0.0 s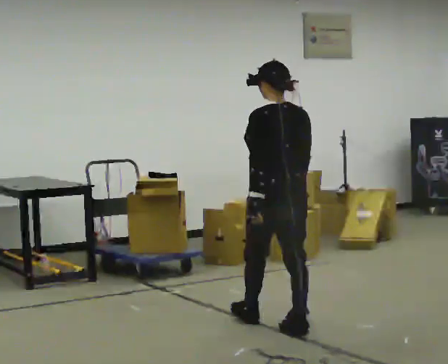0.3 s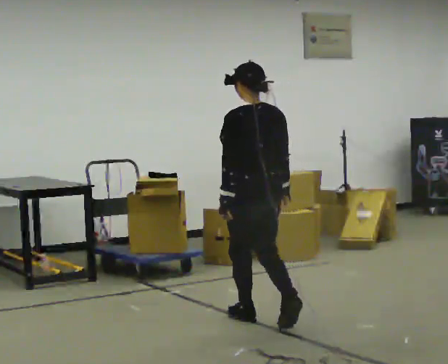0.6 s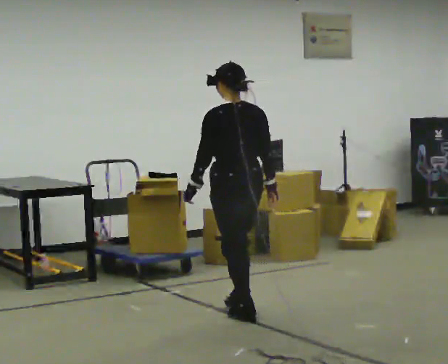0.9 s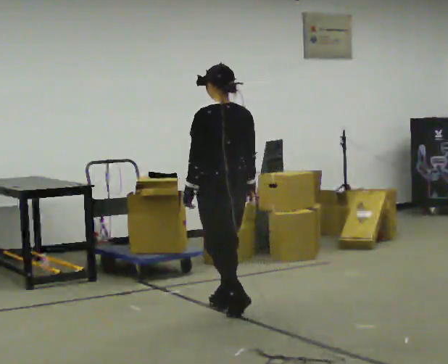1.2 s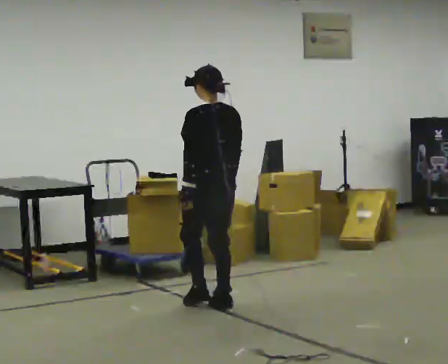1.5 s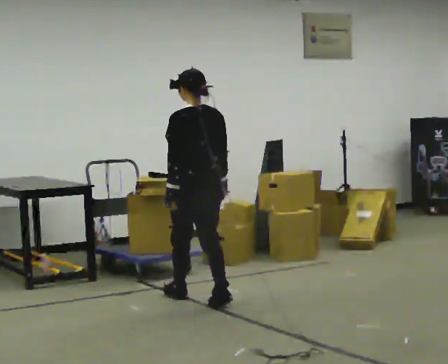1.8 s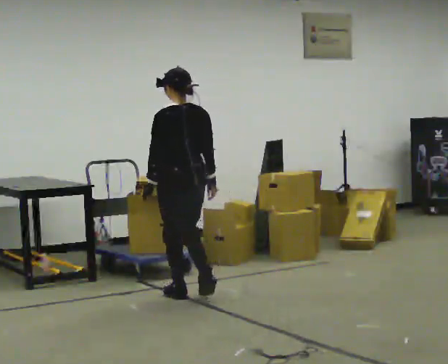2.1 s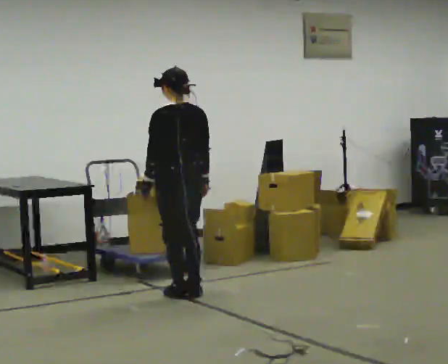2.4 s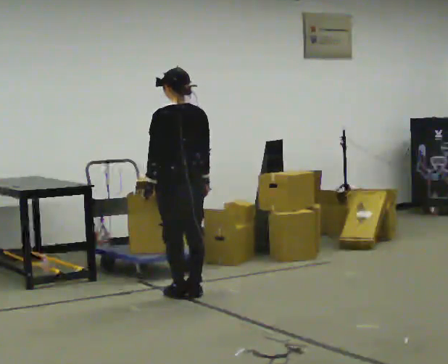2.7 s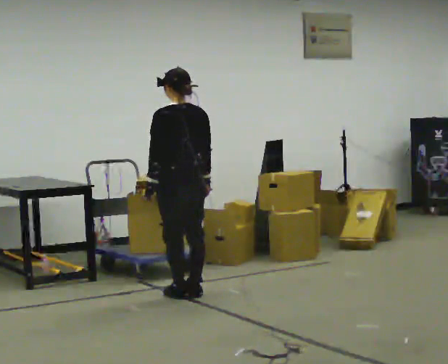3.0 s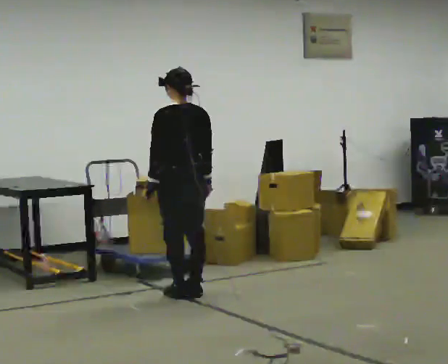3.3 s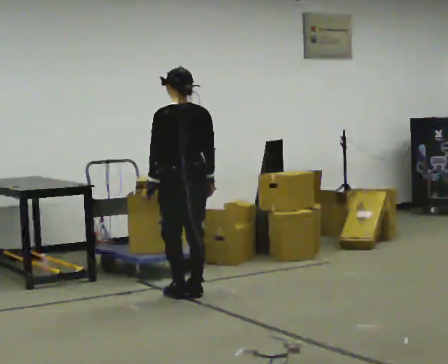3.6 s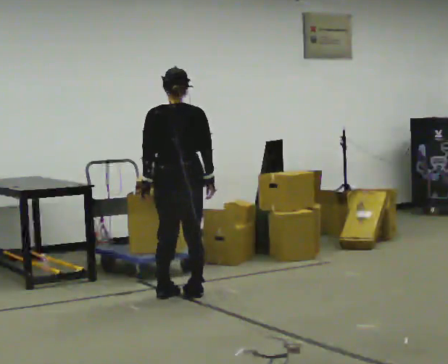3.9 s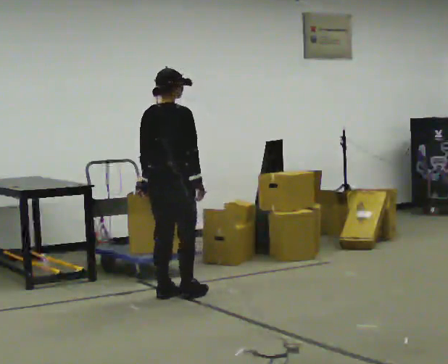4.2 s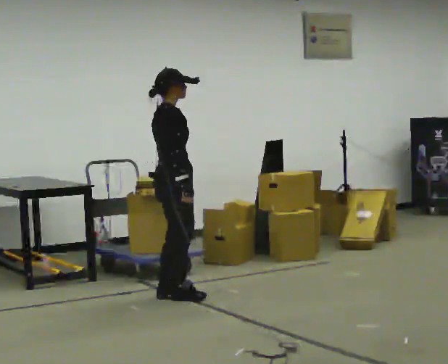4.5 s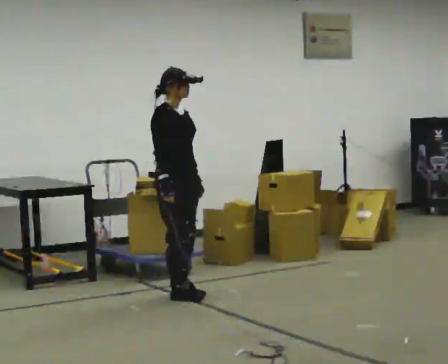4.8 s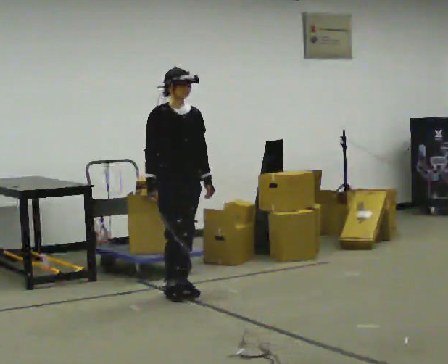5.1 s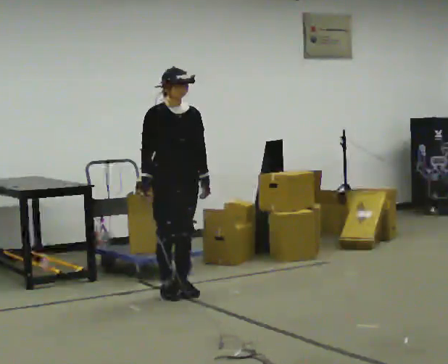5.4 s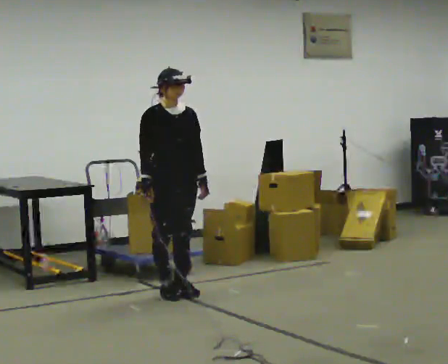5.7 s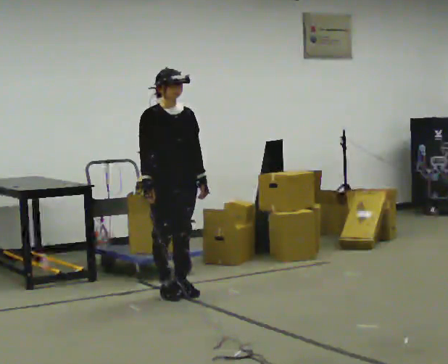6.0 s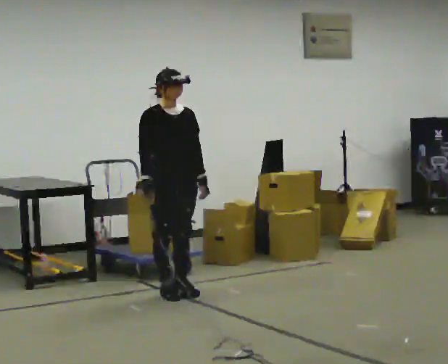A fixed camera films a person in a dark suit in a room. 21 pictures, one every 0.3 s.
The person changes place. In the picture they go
away from the camera.
The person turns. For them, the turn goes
to their right.
0.0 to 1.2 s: In the picture they go away from the camera and to the left, about 0.5 m in 2 steps, which for them is forward.
1.2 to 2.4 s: In the picture they go away from the camera and to the left, about 0.25 m in 2 steps, which for them is forward.
2.4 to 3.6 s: Seen from above the body turns clockwise, about 30 degrees: to their right, with its near side sliding to the left.
3.6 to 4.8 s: The person turns about 135 degrees to their right, clockwise seen from above, so the part of the body nearest the lens slides to the left. In the picture their right hand goes to the left.
4.8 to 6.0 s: The person moves a little, or ends about where they began.
The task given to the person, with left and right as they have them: Start at normal speed; gradually slow over several steps; stop gently.
The film runs forward here.
